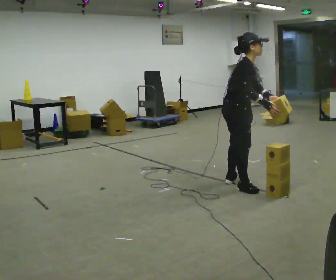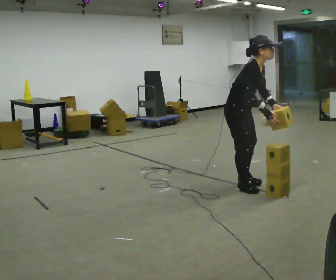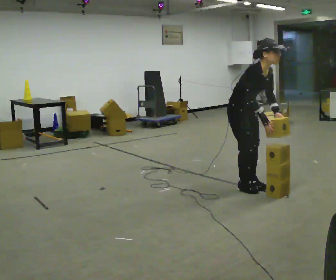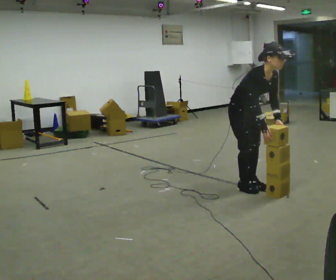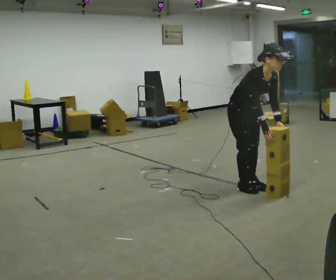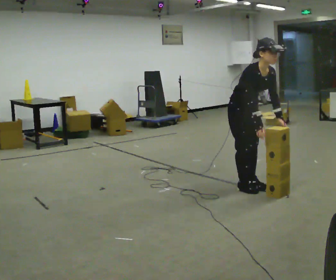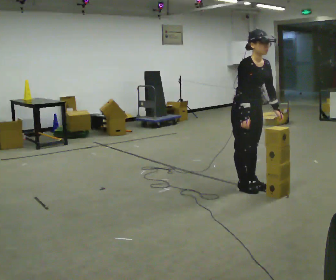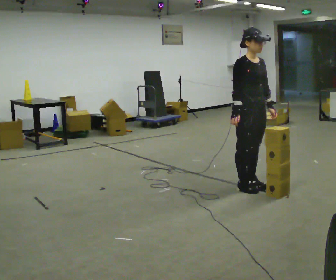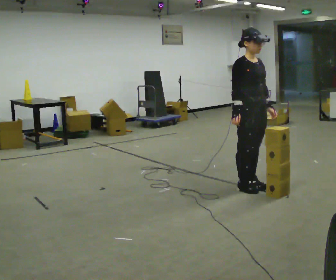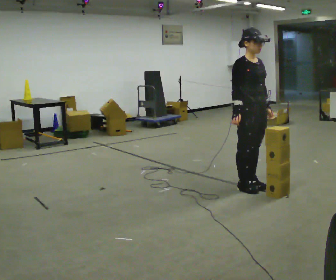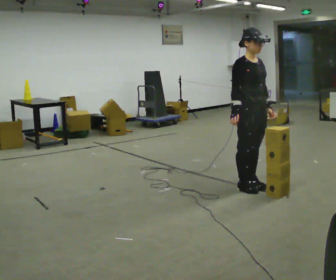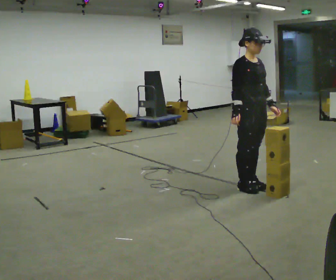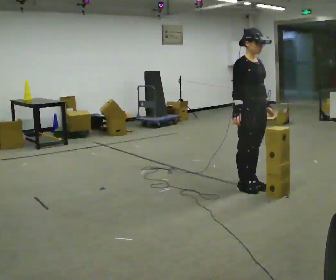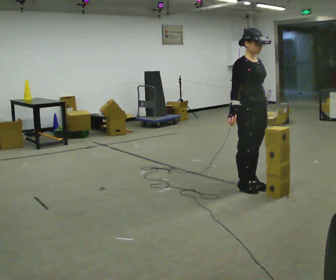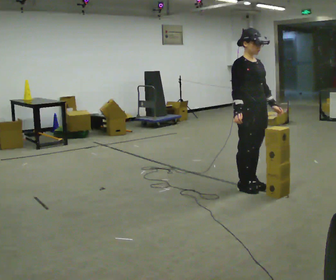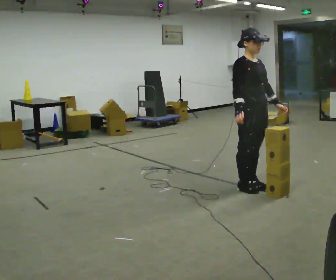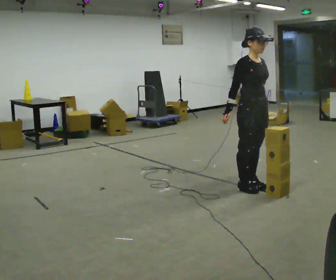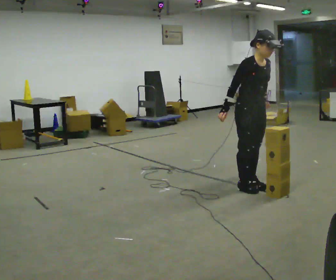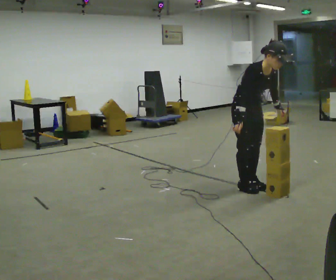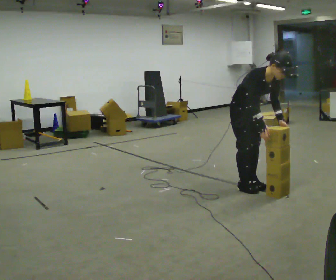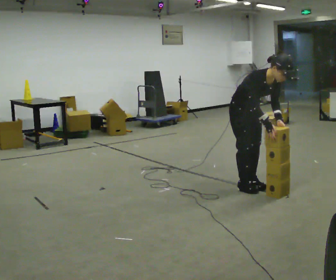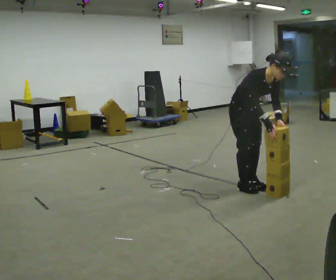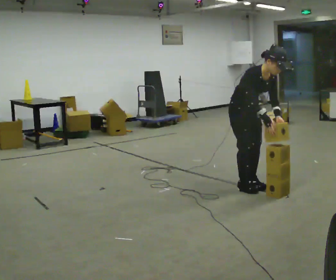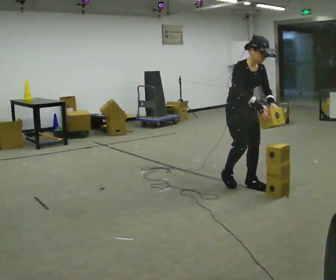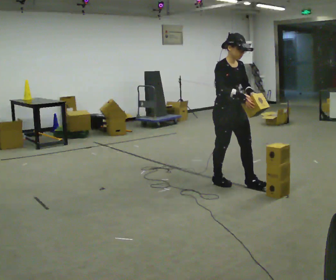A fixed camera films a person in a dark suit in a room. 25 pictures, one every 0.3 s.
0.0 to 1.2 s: The part of the body nearest the lens slides to the left as the person turns to their right by about 45 degrees. The upper body tips toward the camera, its near side rolling downward, as they bend forward.
1.2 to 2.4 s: In the picture the upper body tilts counterclockwise, shoulders to the left, as they lean back or straighten.
2.4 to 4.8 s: The person moves a little, or ends about where they began.
4.8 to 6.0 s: The upper body tips toward the camera, its near side rolling downward, as they bend forward. In the picture their right hand goes to the right.
6.0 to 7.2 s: In the picture the upper body tilts counterclockwise, shoulders to the left, as they lean back or straighten.
The film runs backward here.
